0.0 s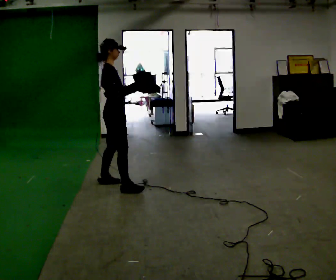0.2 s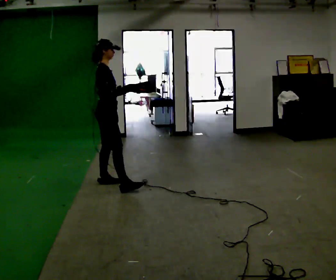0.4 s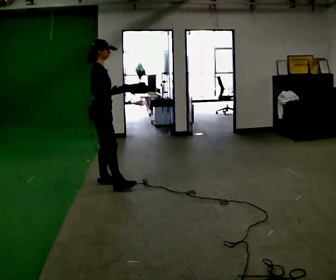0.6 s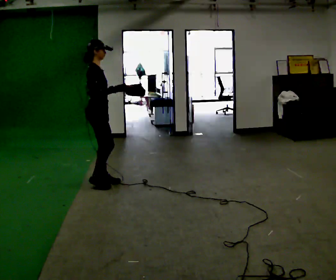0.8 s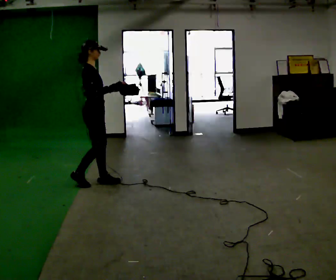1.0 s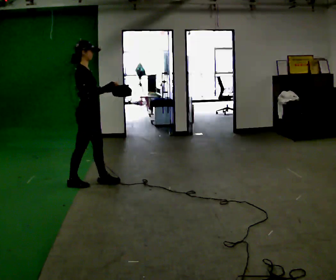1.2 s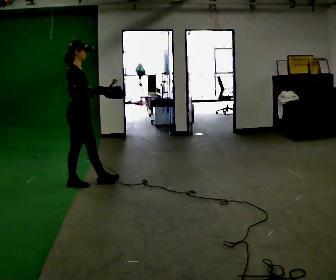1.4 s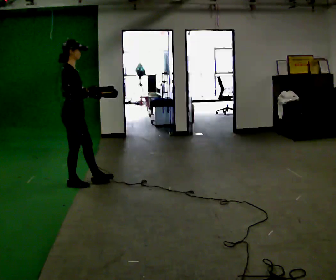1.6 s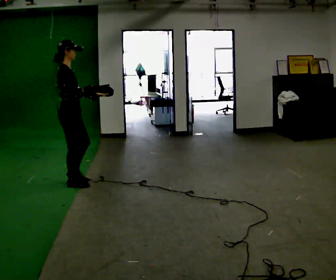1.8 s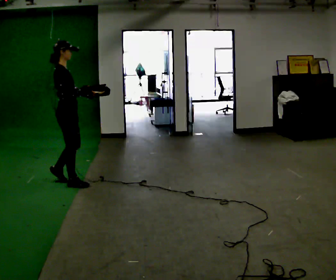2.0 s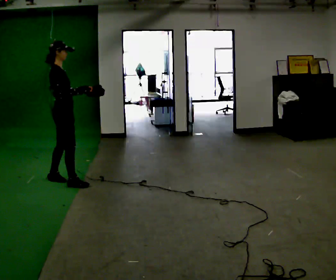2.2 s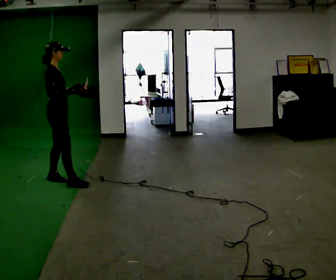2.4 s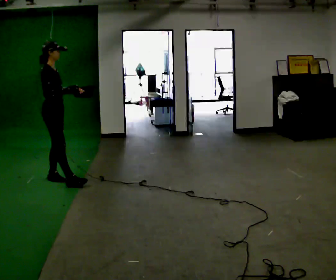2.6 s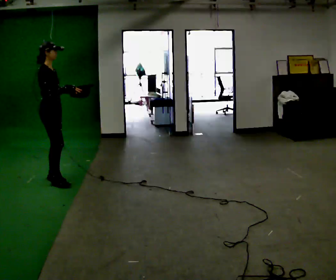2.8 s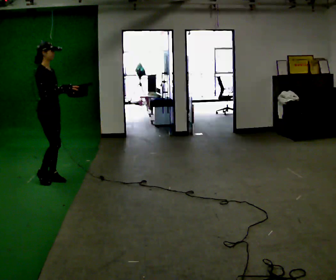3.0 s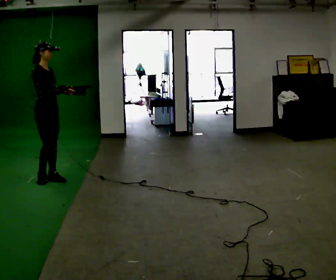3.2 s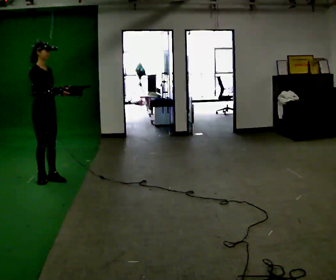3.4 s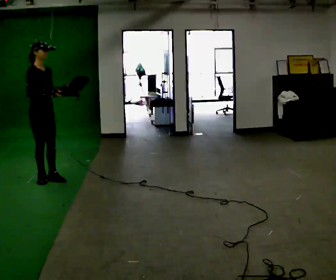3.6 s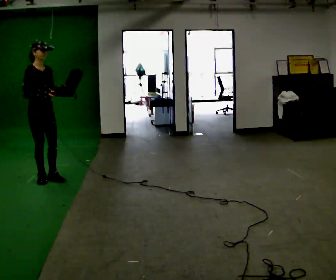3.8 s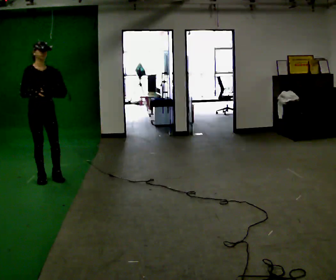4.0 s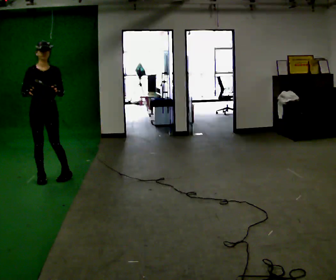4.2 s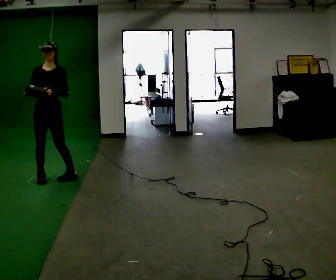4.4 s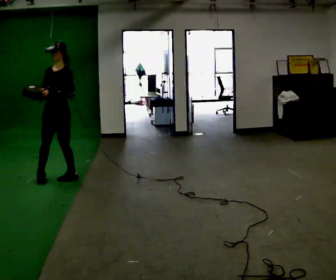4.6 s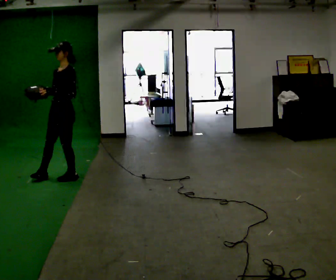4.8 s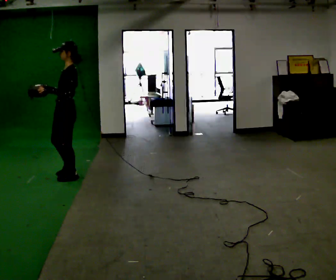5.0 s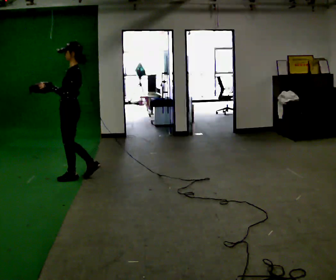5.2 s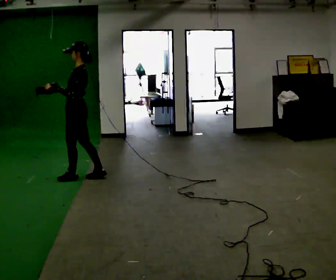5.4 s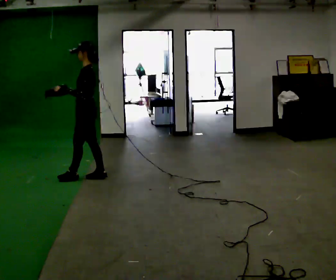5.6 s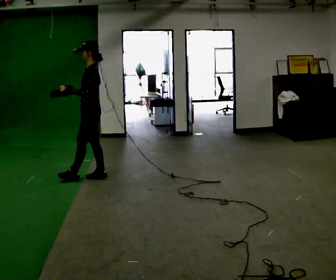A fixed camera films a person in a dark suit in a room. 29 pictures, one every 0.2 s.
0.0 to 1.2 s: In the picture they go to the left and away from the camera, about 0.5 m in 1 step, which for them is to their left and backward.
1.2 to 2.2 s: In the picture they go to the left and away from the camera, about 0.25 m in 1 step, which for them is to their left and backward.
2.2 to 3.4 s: The person turns about 60 degrees to their right, clockwise seen from above, so the part of the body nearest the lens slides to the left. In the picture their right hand goes to the left.
3.4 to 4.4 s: Seen from above the body turns clockwise, about 120 degrees: to their right, with its near side sliding to the left. In the picture they go to the right, about 0.25 m in 1 step.
4.4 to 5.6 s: The part of the body nearest the lens slides to the left as the person turns to their right by about 60 degrees. In the picture they go to the right, about 0.5 m in 2 steps, which for them is backward.
The film runs backward here.
